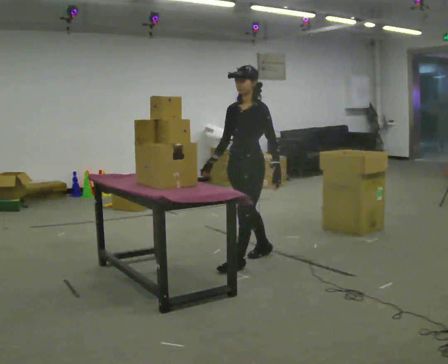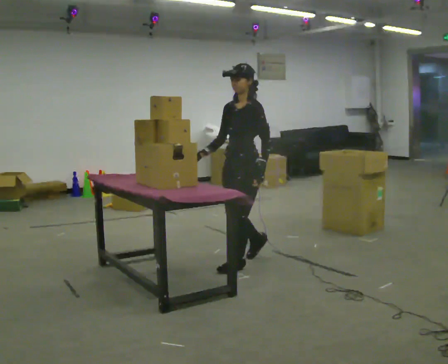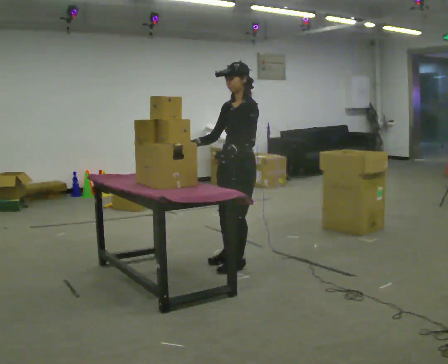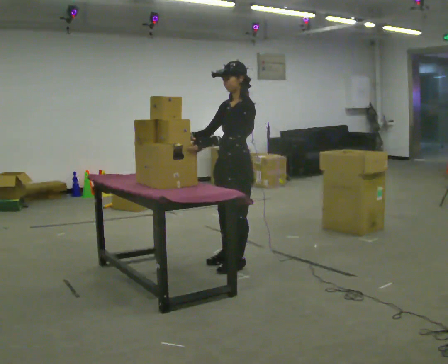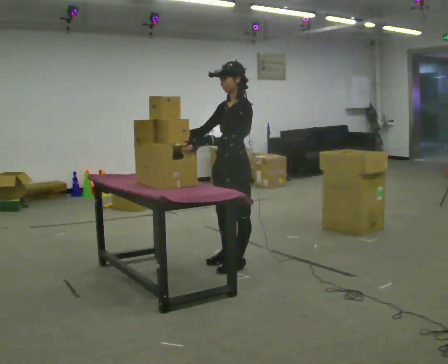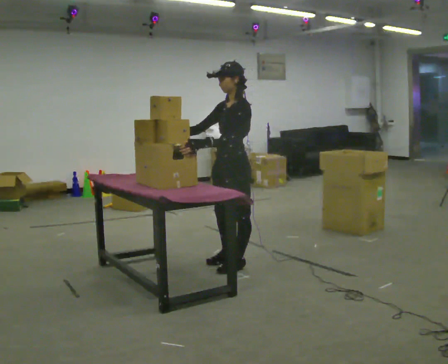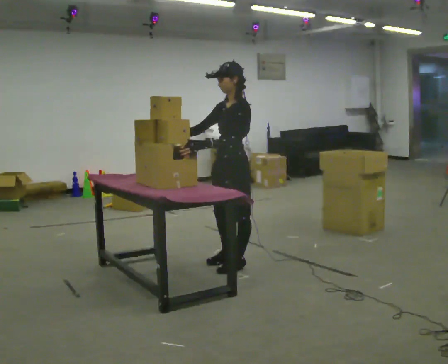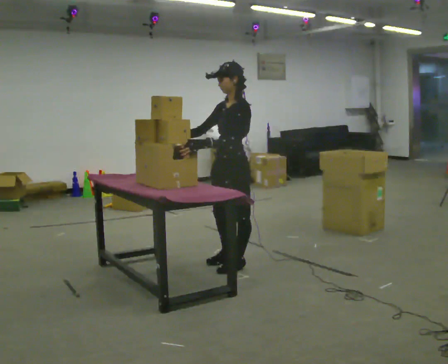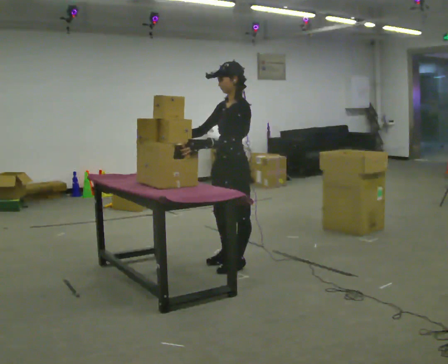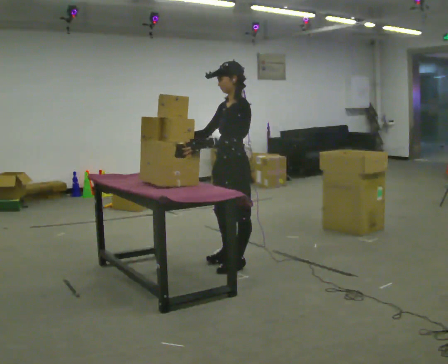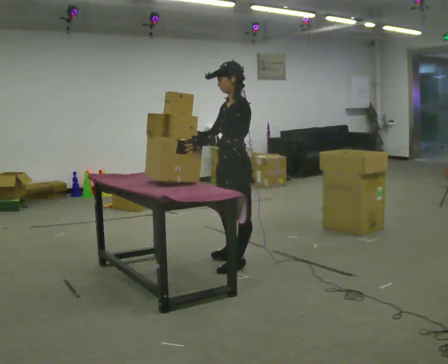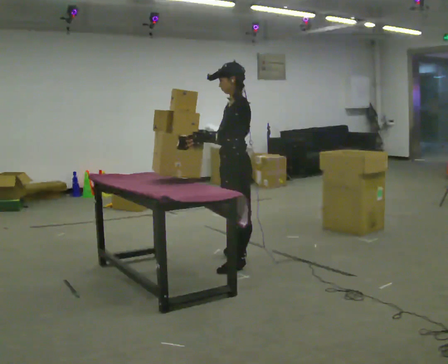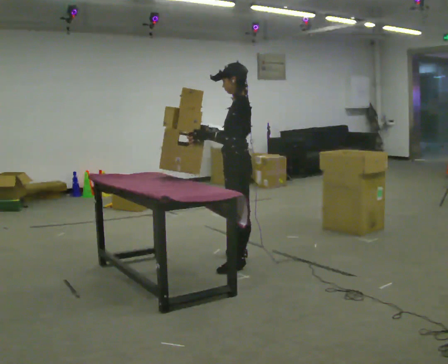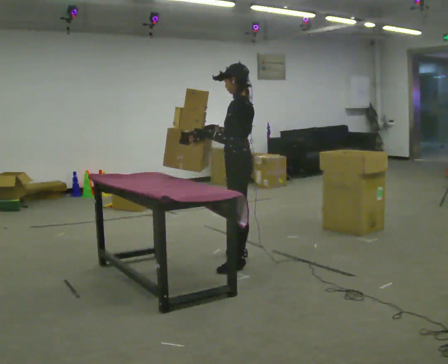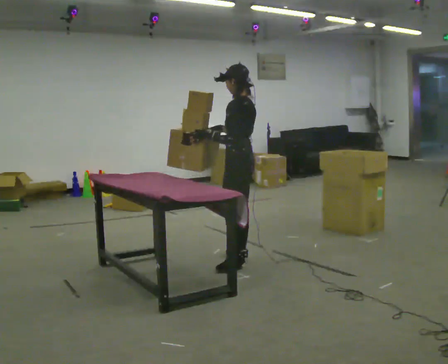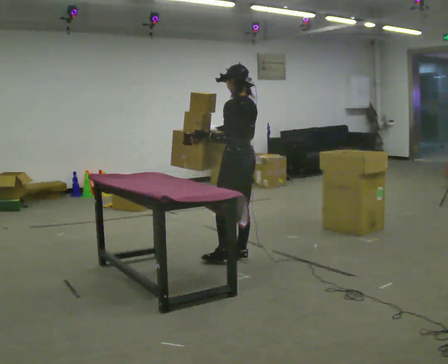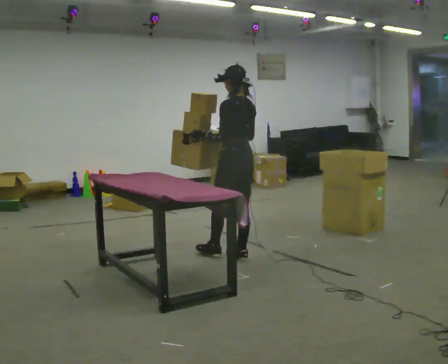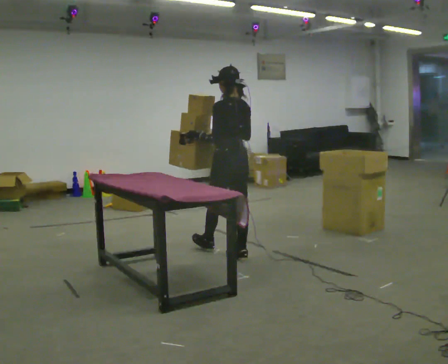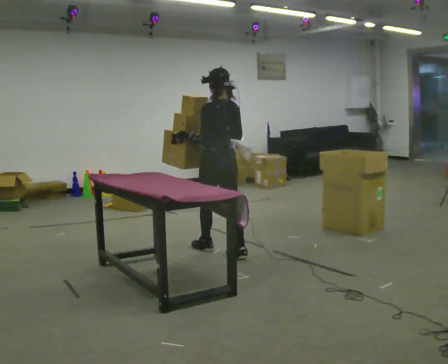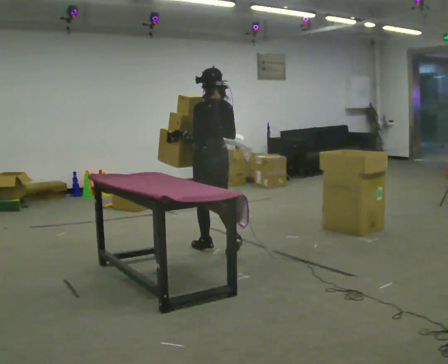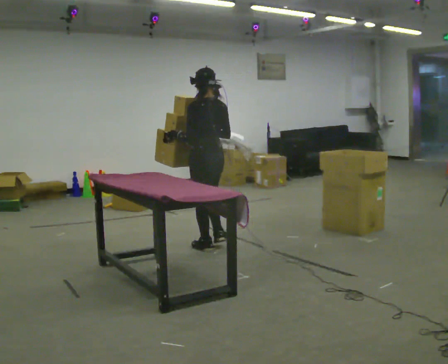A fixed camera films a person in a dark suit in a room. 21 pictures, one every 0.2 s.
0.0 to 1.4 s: In the picture they go toward the camera, about 0.25 m in 1 step, which for them is forward and to their left. In the picture their left hand goes to the left, the arm swinging clockwise.
1.4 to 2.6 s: The part of the body nearest the lens slides to the left as the person turns to their right by about 45 degrees. In the picture they go away from the camera, about 0.25 m, which for them is to their right. In the picture their right hand goes to the right.
2.6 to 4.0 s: The person turns about 45 degrees to their right, clockwise seen from above, so the part of the body nearest the lens slides to the left. In the picture they go away from the camera and to the left, about 0.5 m in 1 step, which for them is forward.
The film runs forward here.
